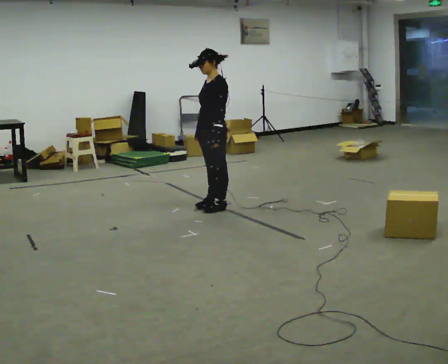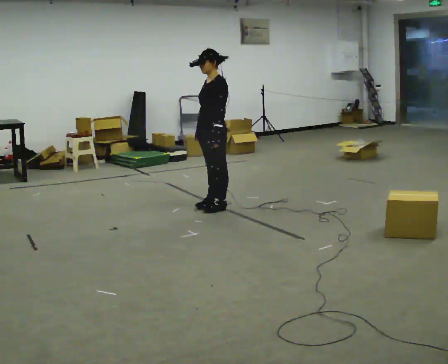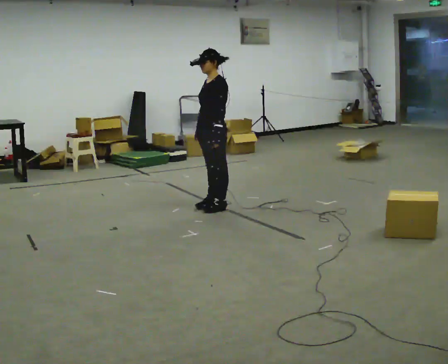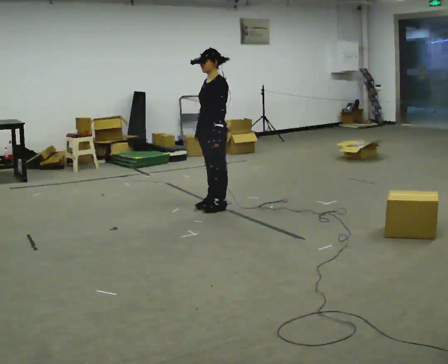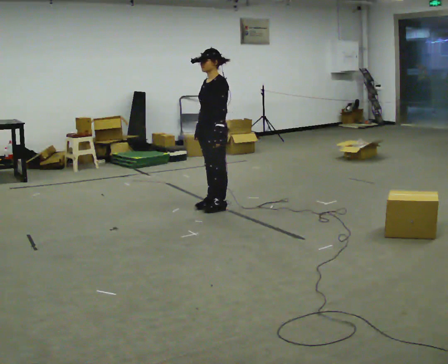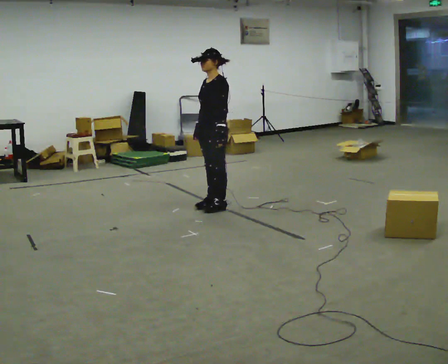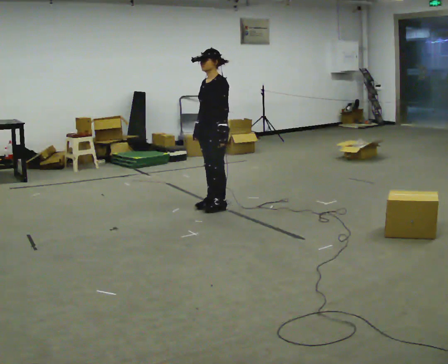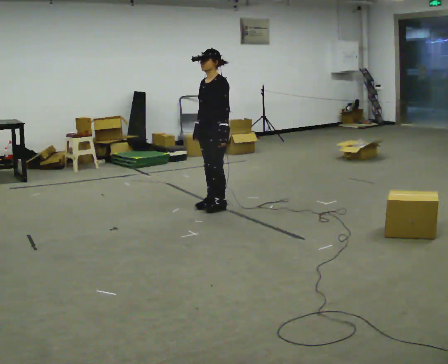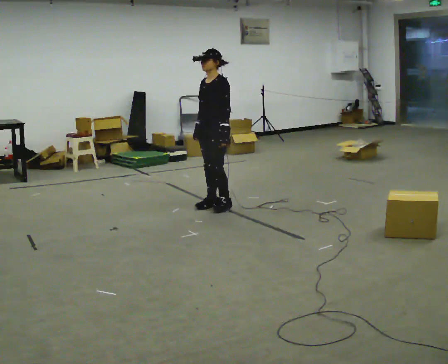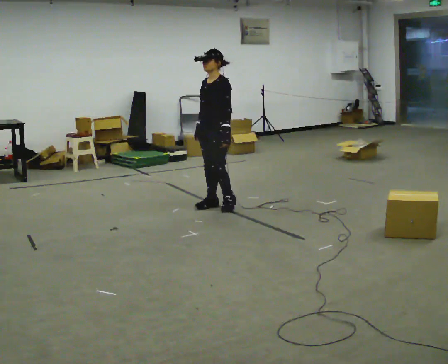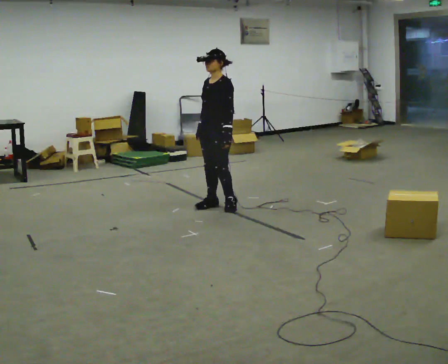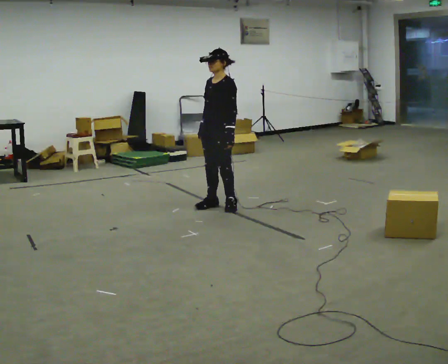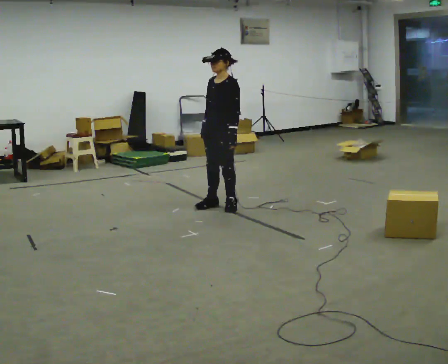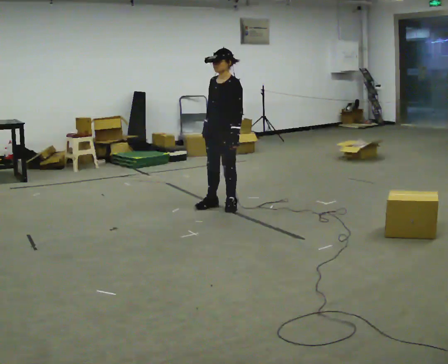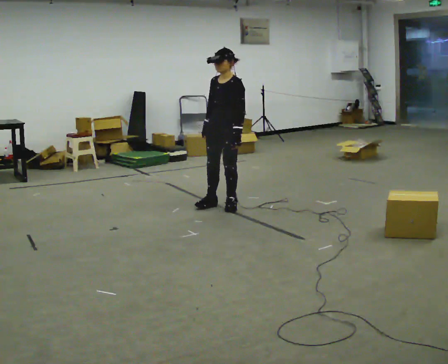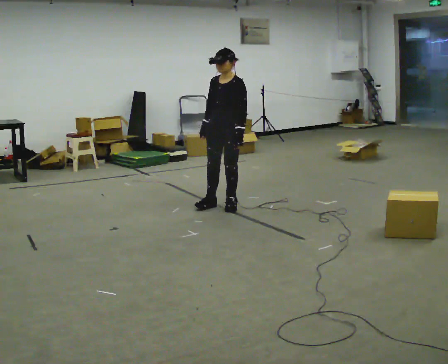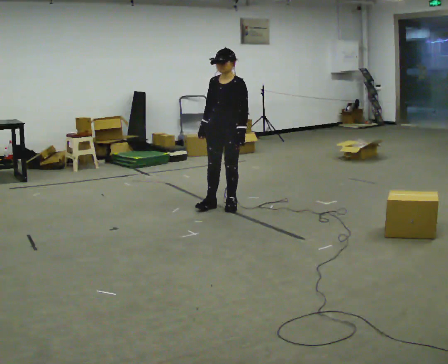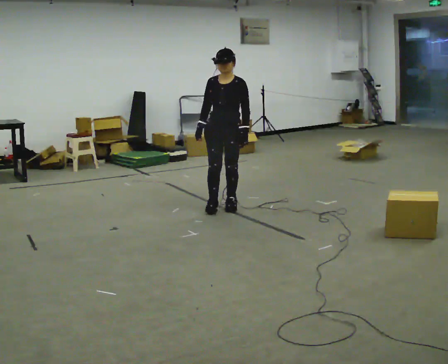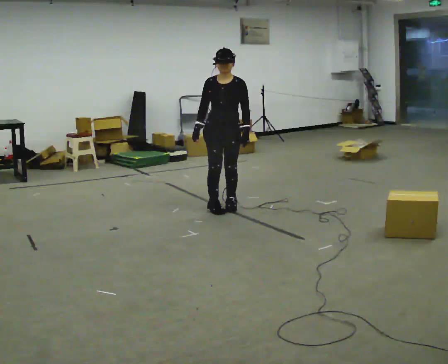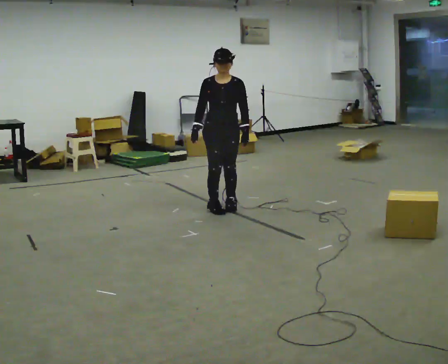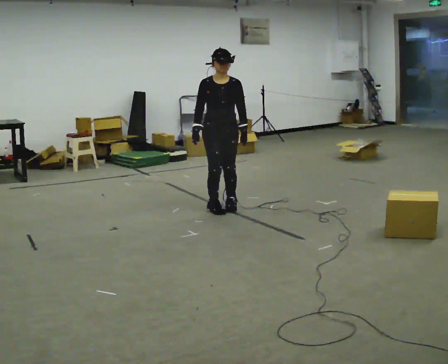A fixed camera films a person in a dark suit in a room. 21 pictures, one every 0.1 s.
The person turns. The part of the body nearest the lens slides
to the right.
The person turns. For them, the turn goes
to their left.
0.0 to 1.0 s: The person moves a little, or ends about where they began.
1.0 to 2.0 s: The person turns about 60 degrees to their left, counterclockwise seen from above, so the part of the body nearest the lens slides to the right.
The film runs backward here.
